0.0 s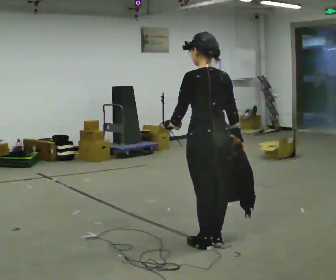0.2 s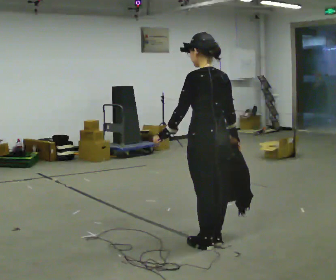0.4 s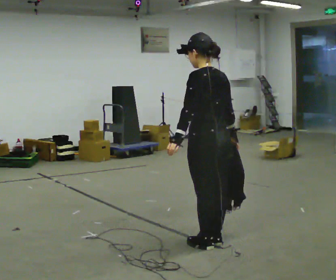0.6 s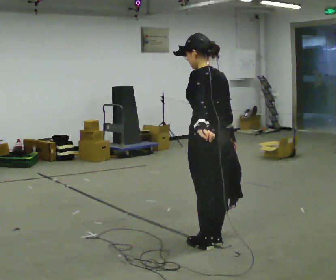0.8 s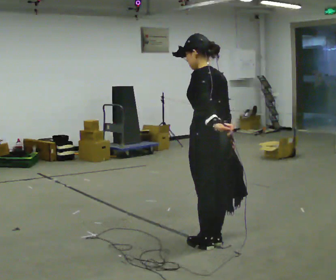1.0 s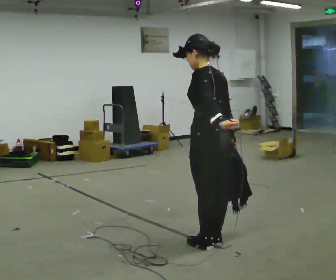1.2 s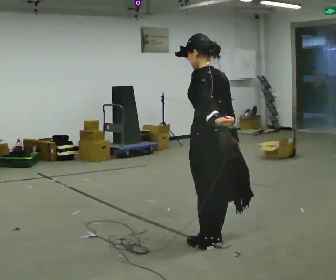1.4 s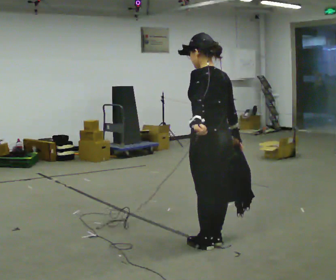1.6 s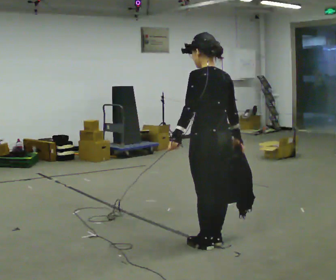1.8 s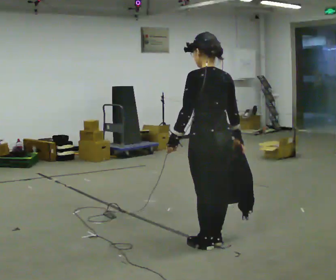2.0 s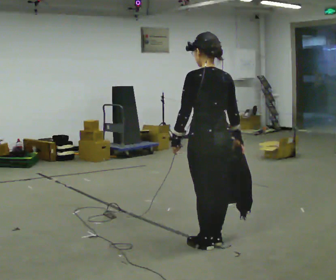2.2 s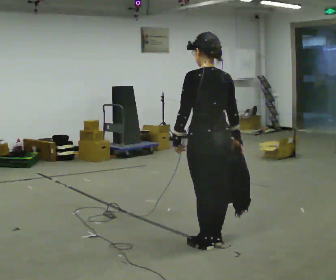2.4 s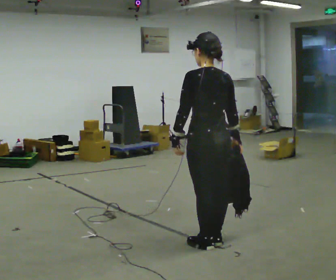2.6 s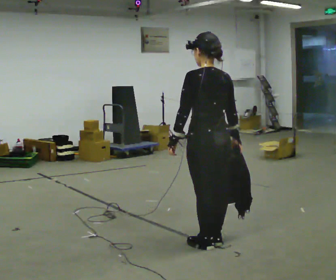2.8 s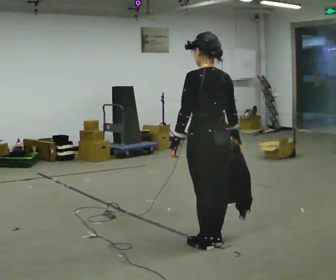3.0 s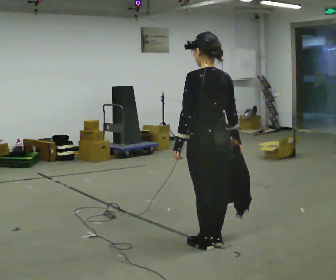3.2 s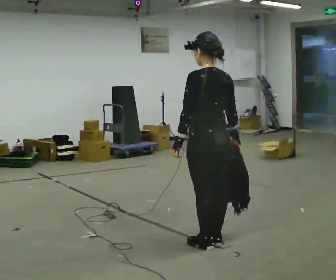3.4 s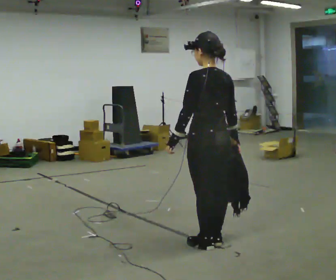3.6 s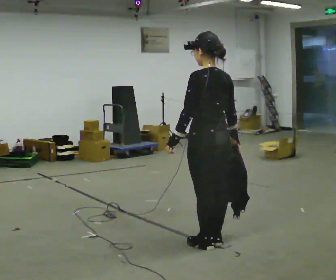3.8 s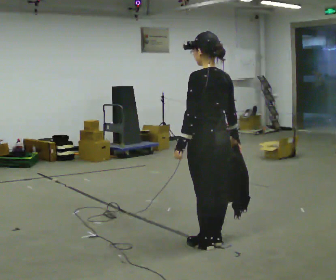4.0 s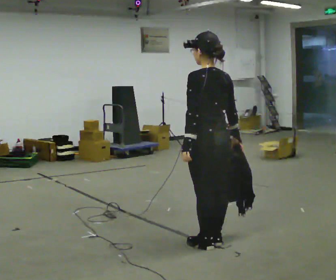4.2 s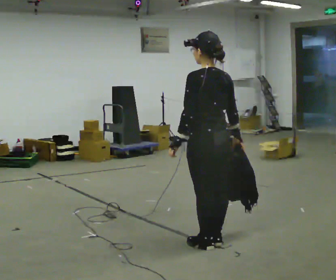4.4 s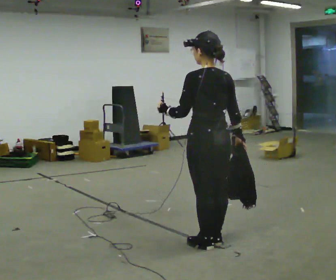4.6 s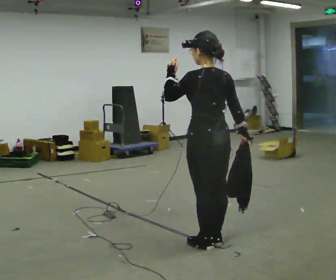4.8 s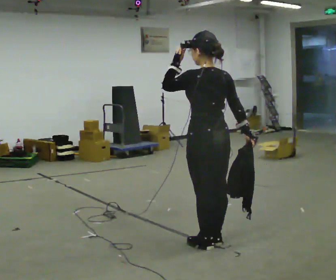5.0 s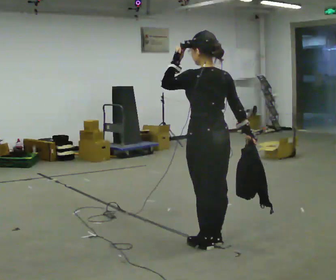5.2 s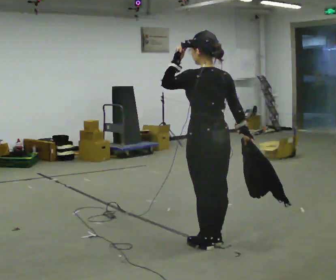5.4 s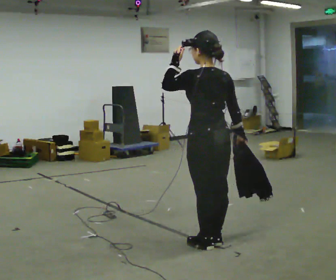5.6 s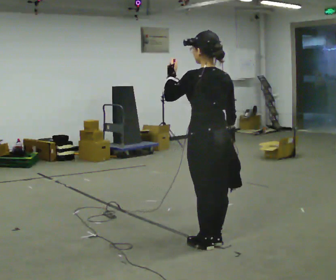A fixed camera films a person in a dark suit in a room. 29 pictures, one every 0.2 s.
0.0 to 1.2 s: In the picture their left hand goes to the right.
1.2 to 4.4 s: In the picture their left hand goes to the left.
4.4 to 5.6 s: In the picture their left hand goes upward.
The film runs backward here.
